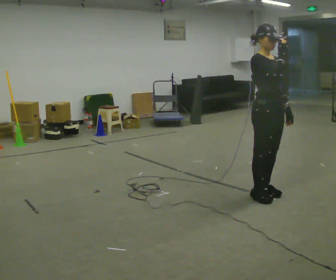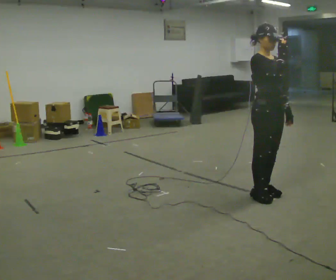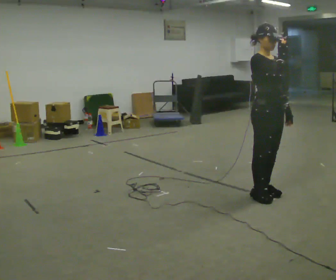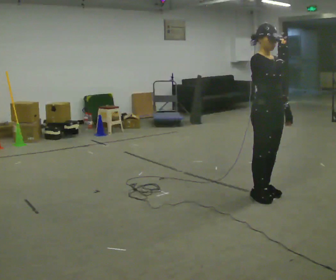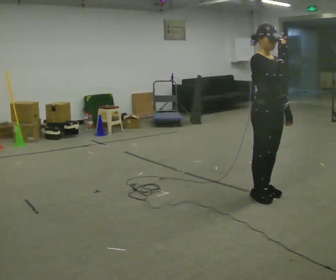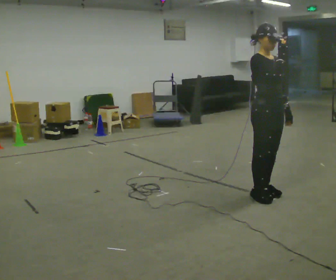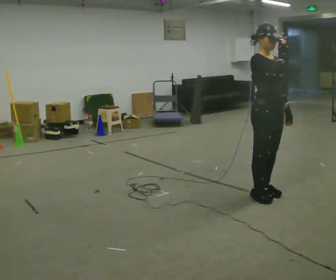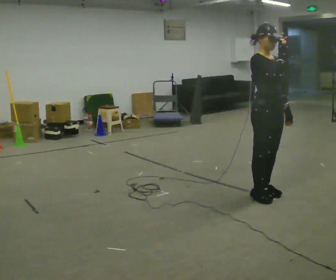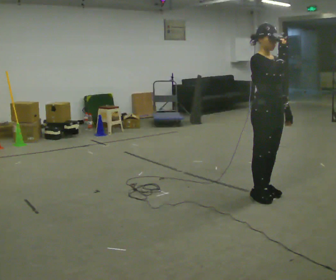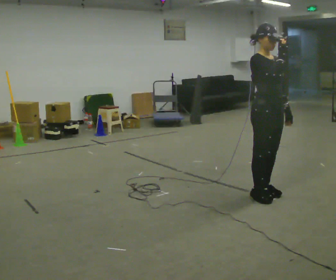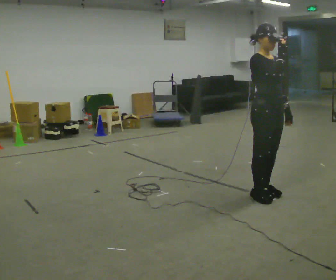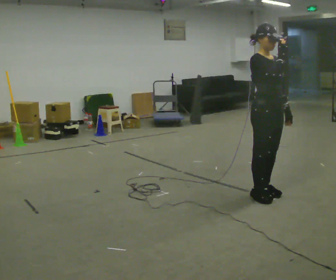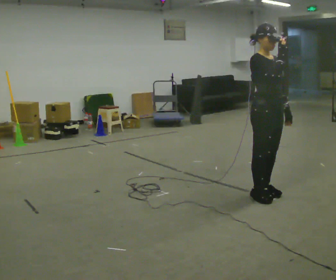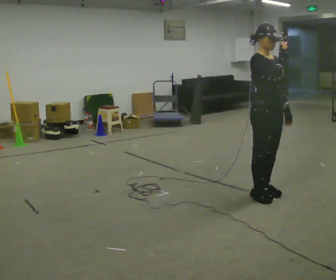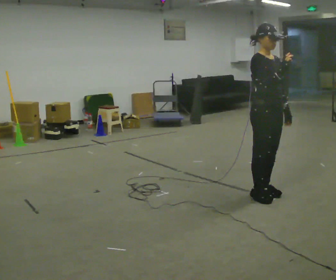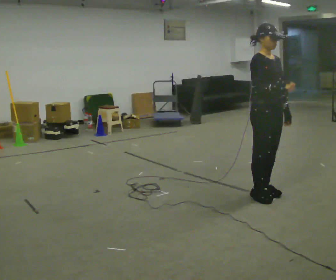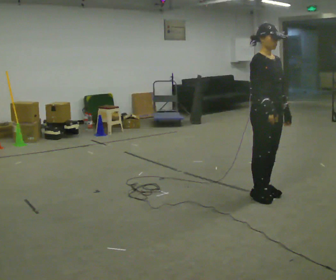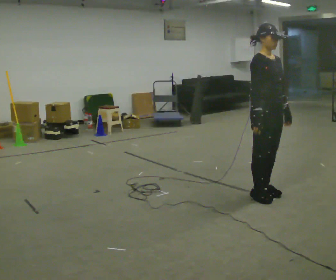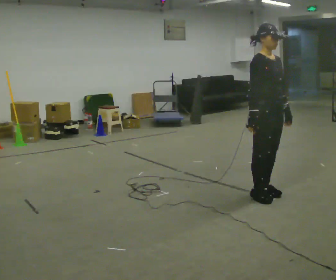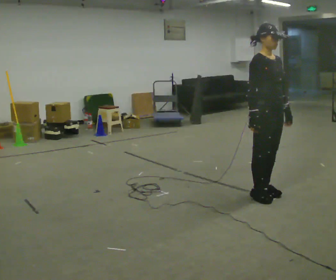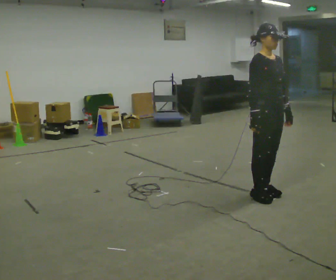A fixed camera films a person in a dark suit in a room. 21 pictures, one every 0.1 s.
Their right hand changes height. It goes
downward.
0.0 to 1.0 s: The person keeps their place and pose.
1.0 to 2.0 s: In the picture their right hand goes downward.
The film runs forward here.
